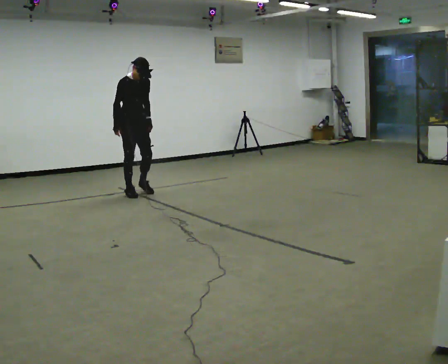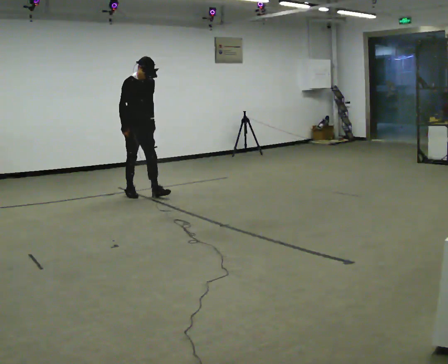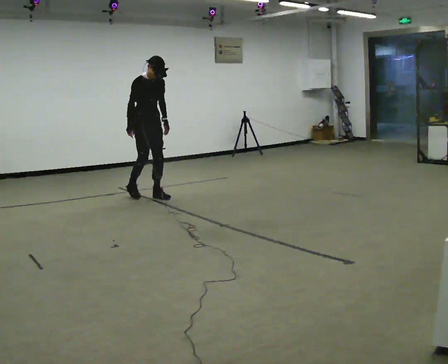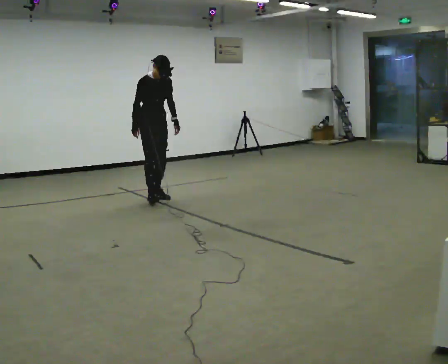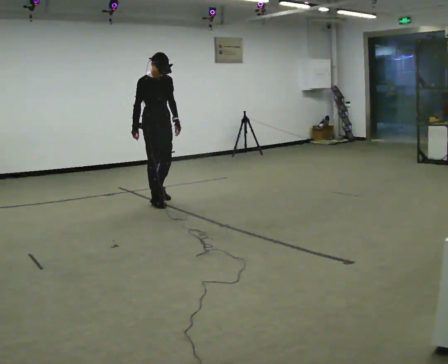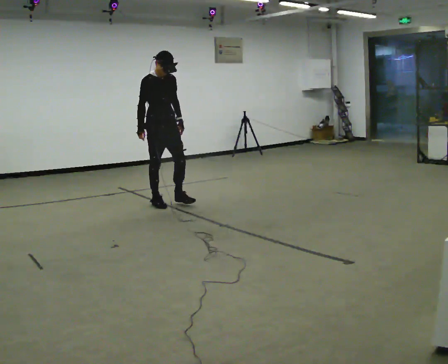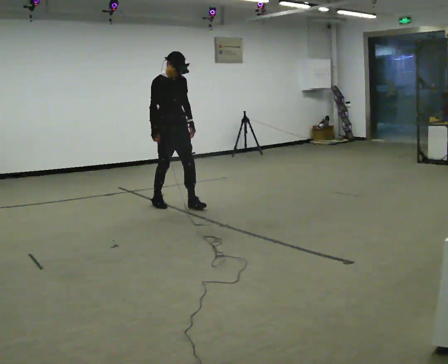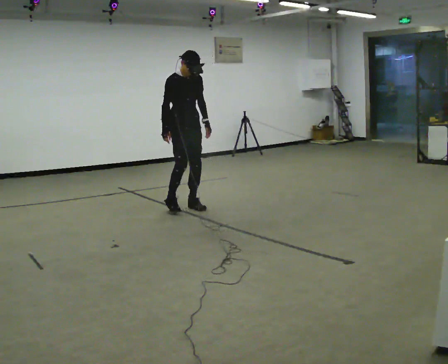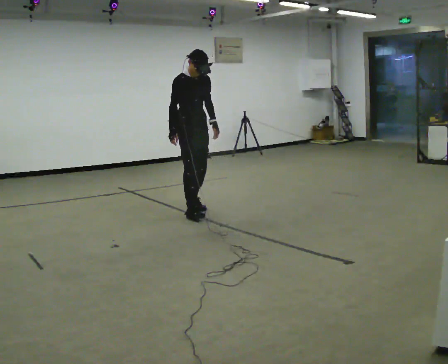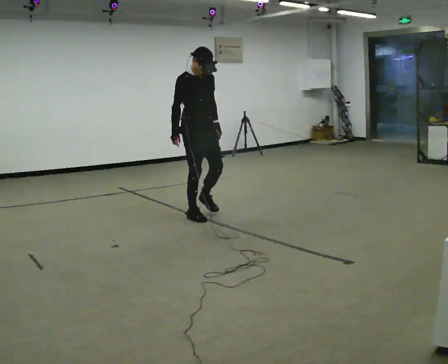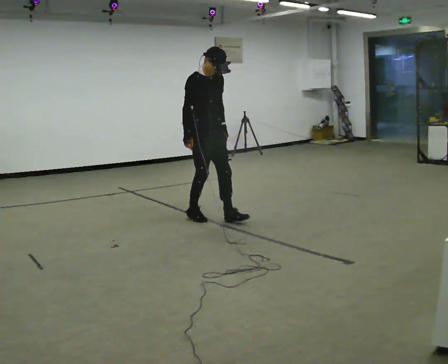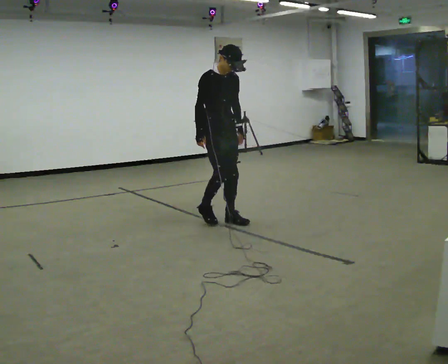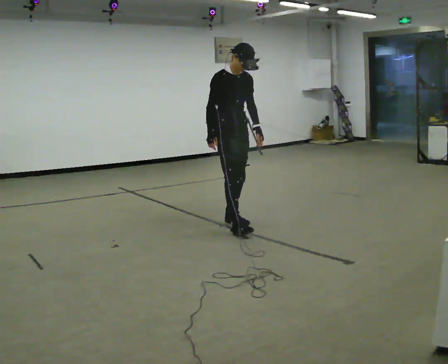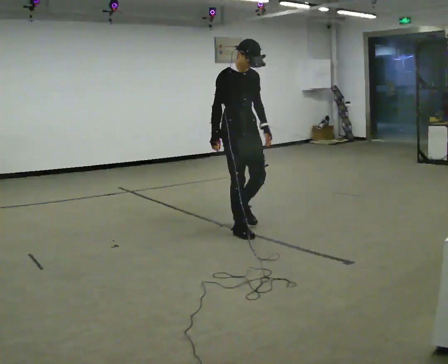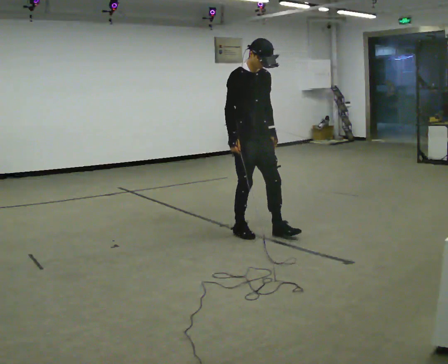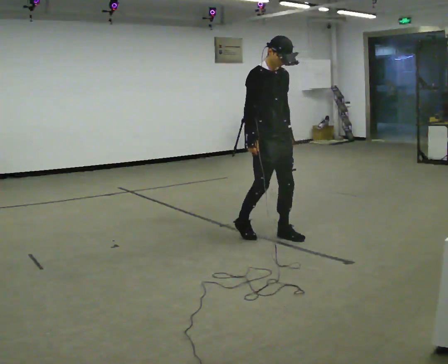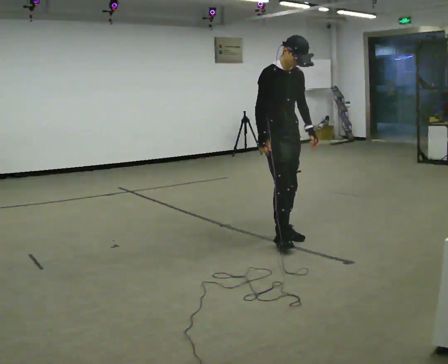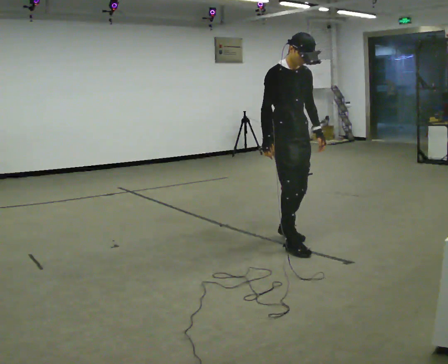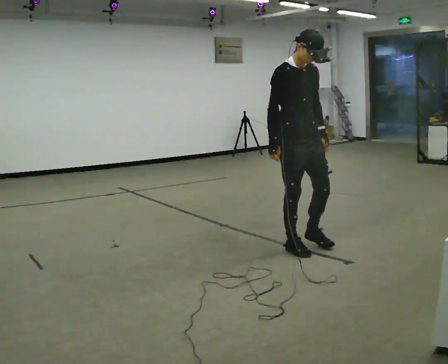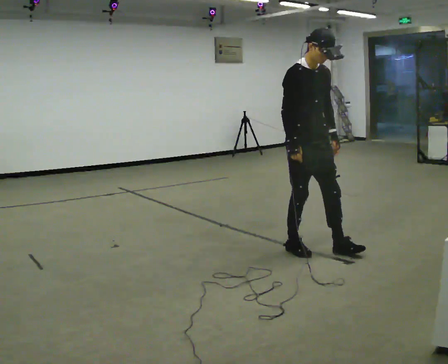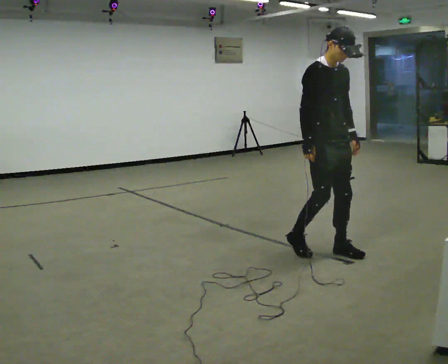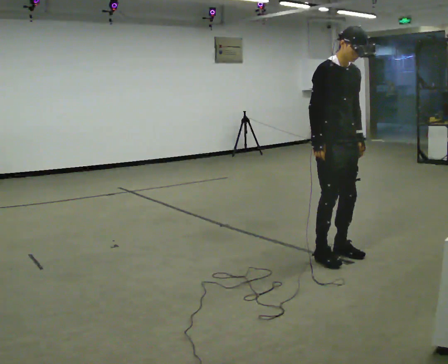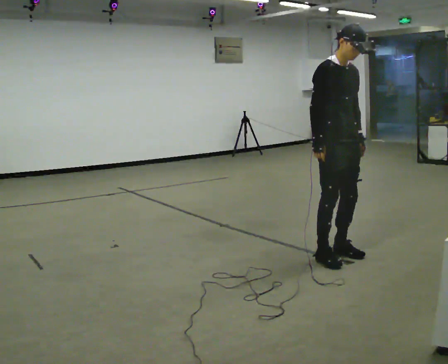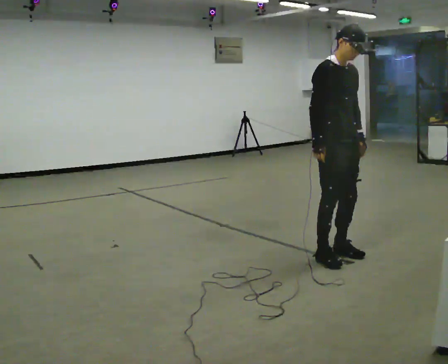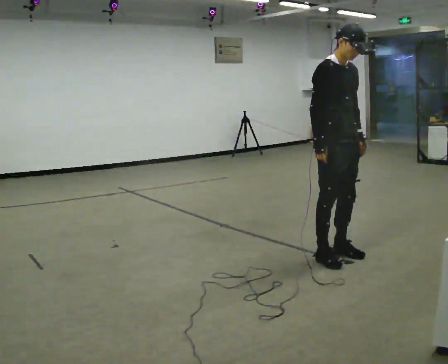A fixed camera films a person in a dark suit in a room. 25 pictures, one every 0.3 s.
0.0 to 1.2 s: In the picture they go toward the camera and to the right, about 0.5 m in 2 steps, which for them is forward.
1.2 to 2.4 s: In the picture they go toward the camera and to the right, about 0.5 m in 1 step, which for them is forward.
2.4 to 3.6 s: In the picture they go toward the camera and to the right, about 0.5 m in 2 steps, which for them is forward.
3.6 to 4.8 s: In the picture they go toward the camera and to the right, about 0.5 m in 2 steps, which for them is forward.
4.8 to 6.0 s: In the picture they go toward the camera and to the right, about 0.5 m in 2 steps, which for them is forward.
6.0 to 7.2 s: The person moves a little, or ends about where they began.
The film runs backward here.
